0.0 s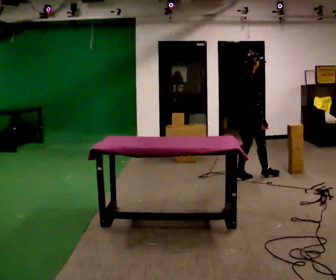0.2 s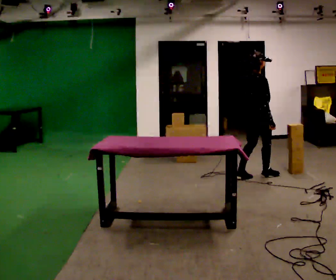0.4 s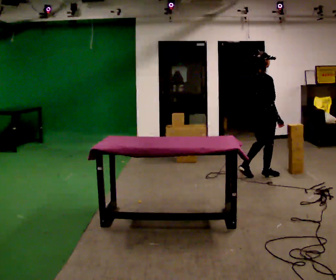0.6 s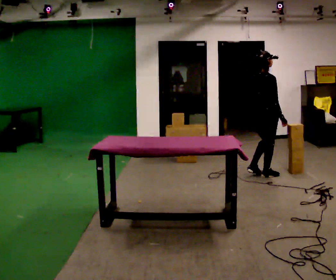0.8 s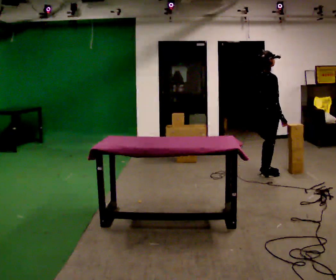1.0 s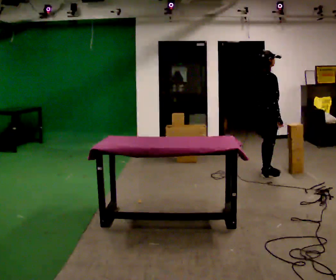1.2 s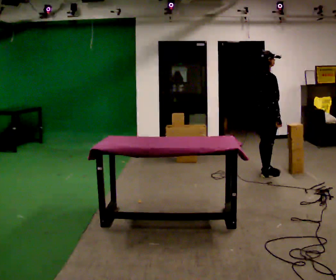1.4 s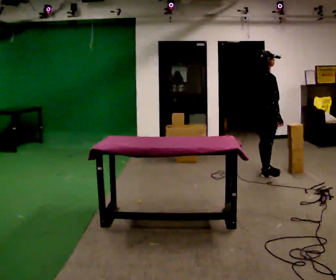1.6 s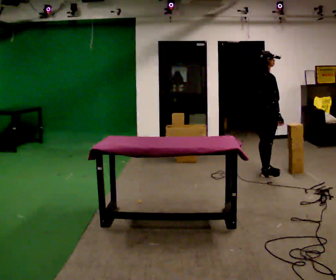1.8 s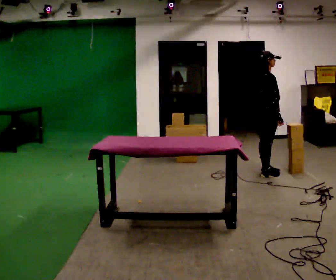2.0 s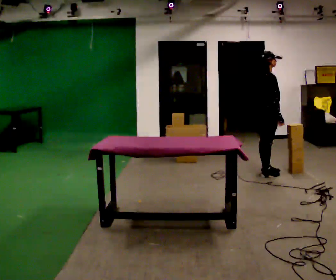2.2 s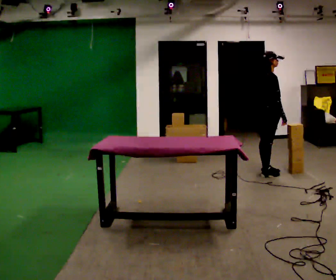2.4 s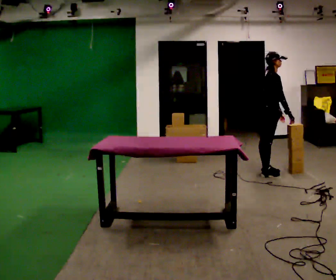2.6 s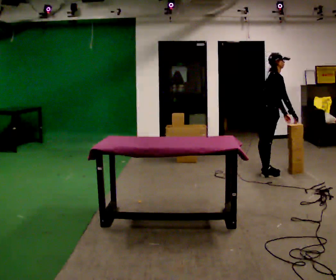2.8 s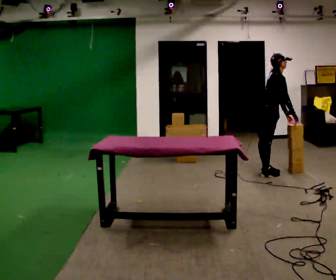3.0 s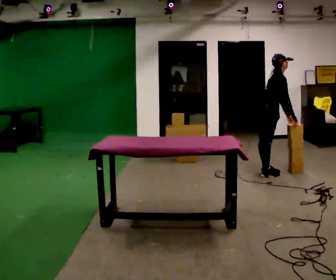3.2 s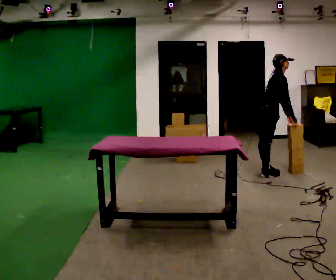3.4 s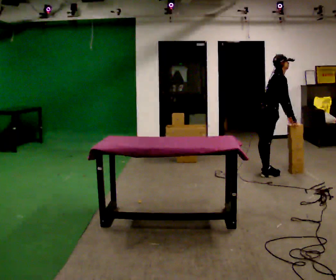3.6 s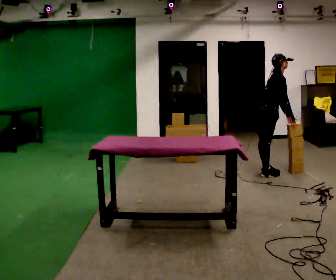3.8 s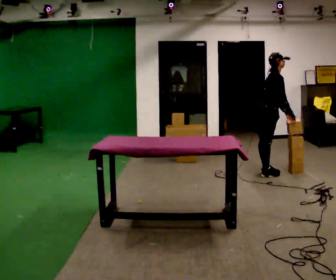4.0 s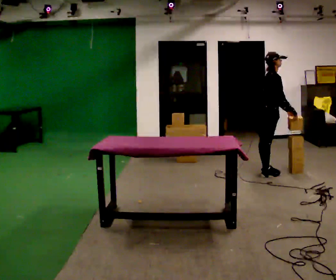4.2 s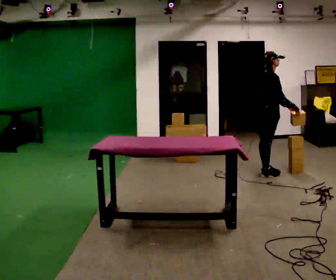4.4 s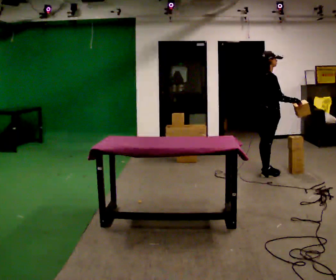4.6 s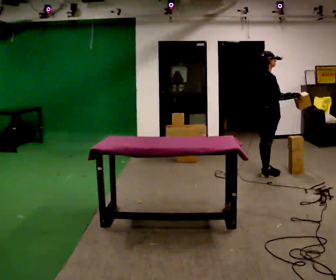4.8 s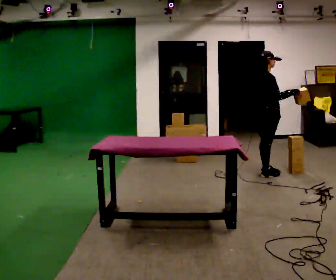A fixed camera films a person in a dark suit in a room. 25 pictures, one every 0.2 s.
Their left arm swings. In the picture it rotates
counterclockwise.
0.0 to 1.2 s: In the picture they go away from the camera and to the right, about 0.25 m in 1 step, which for them is forward.
1.2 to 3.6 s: In the picture the upper body tilts clockwise, shoulders to the right, as they bend forward.
3.6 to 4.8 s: In the picture the upper body tilts counterclockwise, shoulders to the left, as they lean back or straighten.
The film runs forward here.
